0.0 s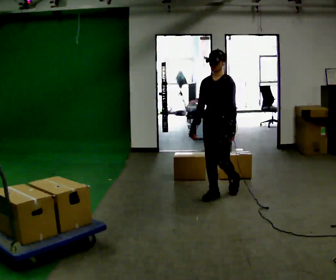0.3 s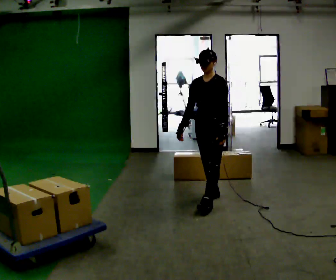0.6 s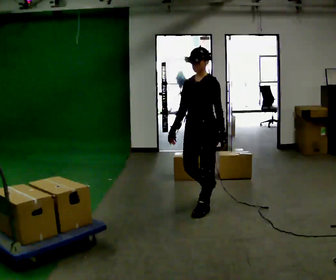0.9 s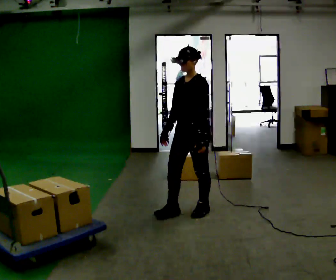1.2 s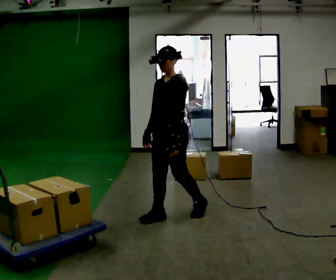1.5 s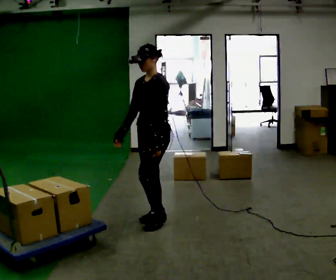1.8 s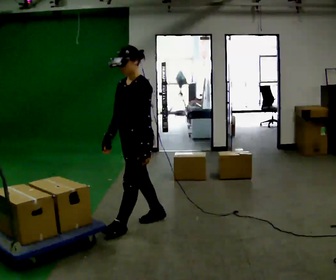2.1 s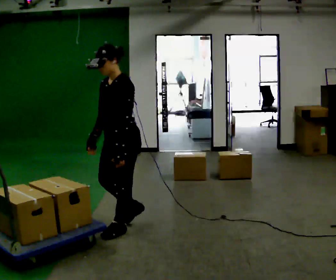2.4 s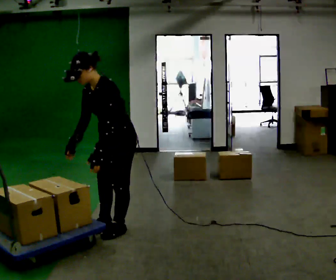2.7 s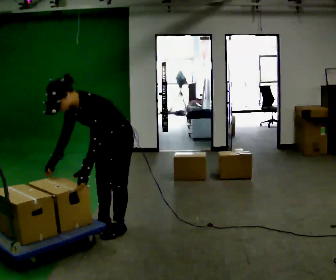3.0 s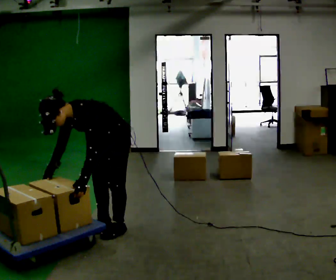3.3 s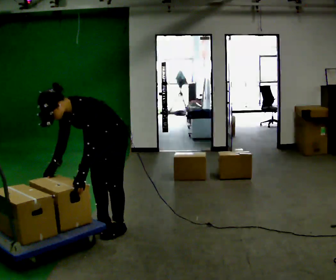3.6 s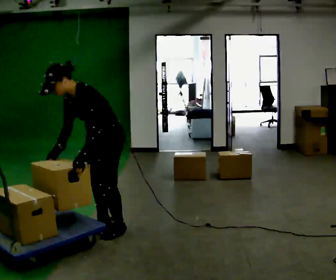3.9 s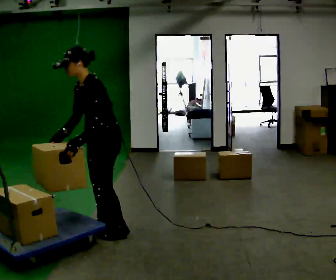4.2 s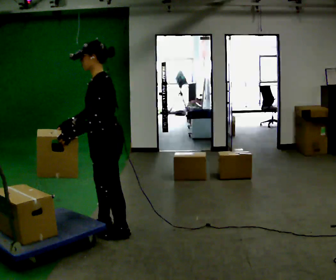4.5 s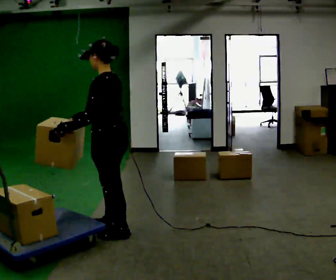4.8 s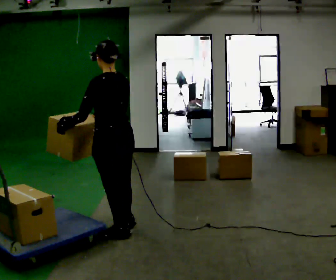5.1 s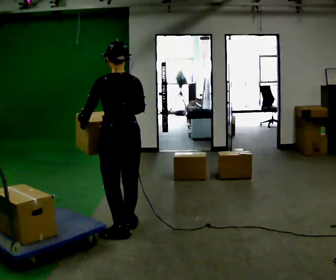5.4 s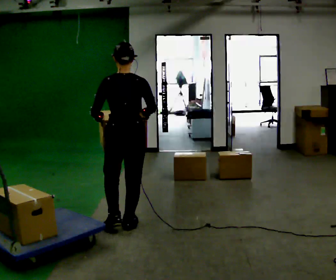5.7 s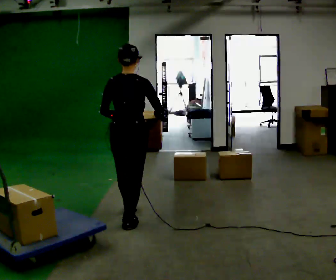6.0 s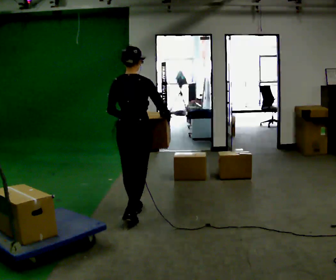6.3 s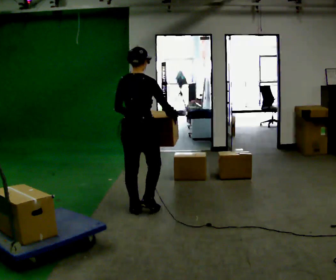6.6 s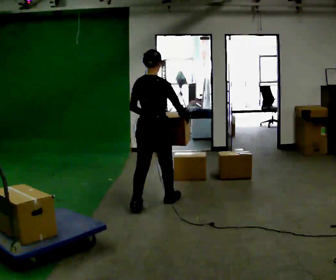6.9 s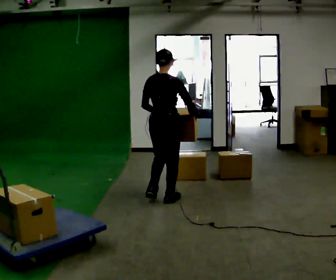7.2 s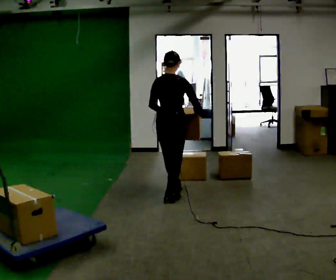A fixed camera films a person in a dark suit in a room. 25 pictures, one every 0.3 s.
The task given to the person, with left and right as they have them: Load the boxes onto the cart one at a time, then take them all off again. The cart stays where it is. Keep going until the operator says stop; one object at a time, and do not rush between trips.
0.0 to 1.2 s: In the picture they go to the left and toward the camera, about 1 m in 2 steps, which for them is forward.
1.2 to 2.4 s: In the picture they go to the left and toward the camera, about 0.5 m in 2 steps, which for them is forward. In the picture the upper body tilts counterclockwise, shoulders to the left, as they bend forward.
2.4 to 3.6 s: The person moves a little, or ends about where they began.
3.6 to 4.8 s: The person turns about 90 degrees to their right, clockwise seen from above, so the part of the body nearest the lens slides to the left. In the picture the upper body tilts clockwise, shoulders to the right, as they lean back or straighten.
4.8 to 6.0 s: The part of the body nearest the lens slides to the left as the person turns to their right by about 60 degrees. In the picture they go away from the camera, about 0.5 m in 1 step.
6.0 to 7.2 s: In the picture they go away from the camera and to the right, about 0.75 m in 2 steps, which for them is forward.
The film runs forward here.
